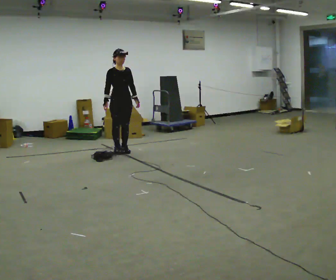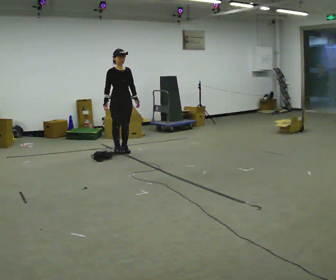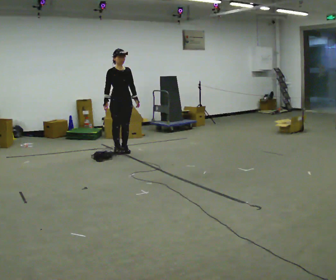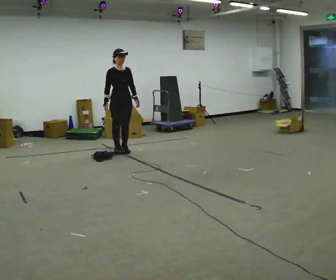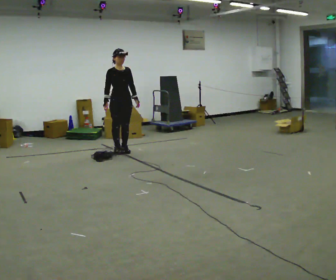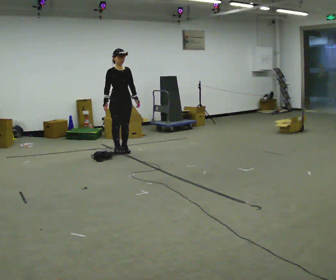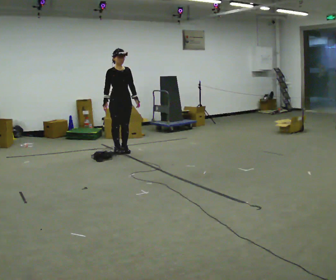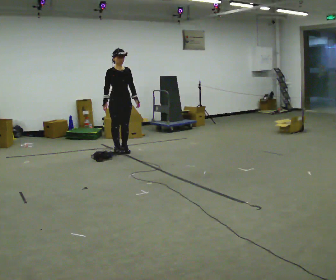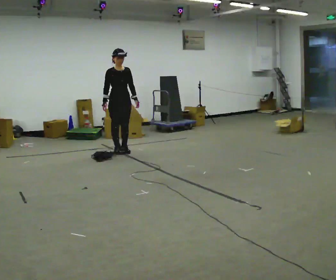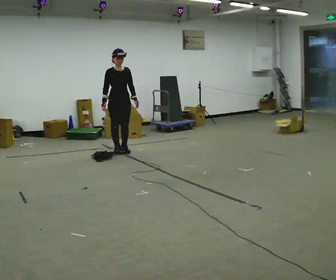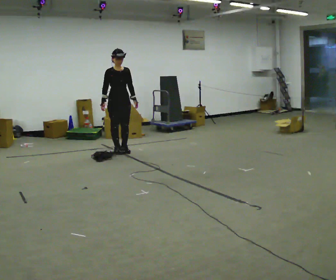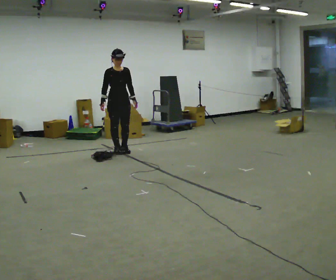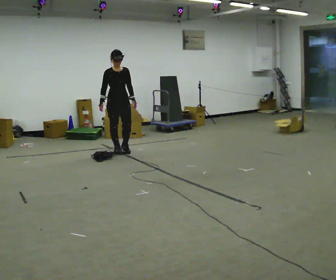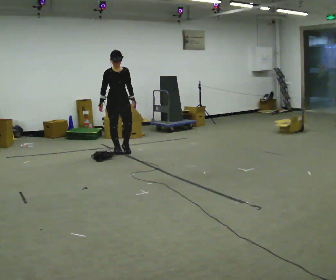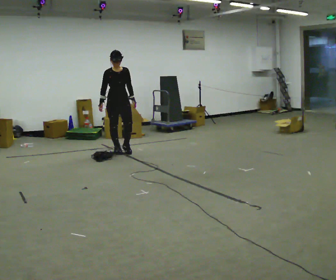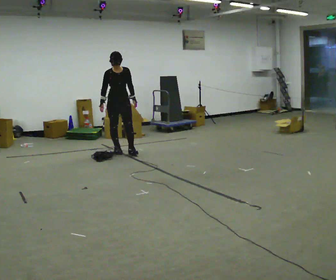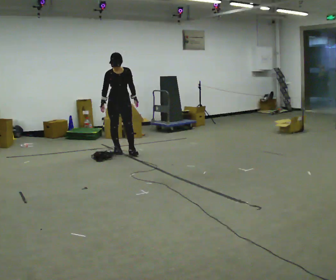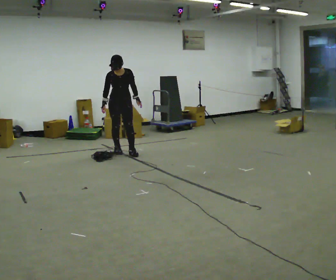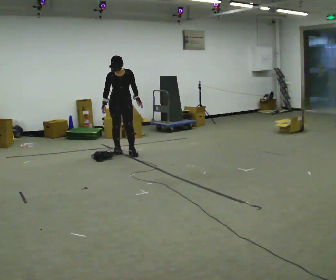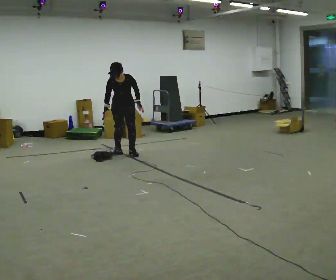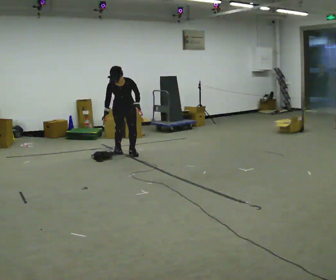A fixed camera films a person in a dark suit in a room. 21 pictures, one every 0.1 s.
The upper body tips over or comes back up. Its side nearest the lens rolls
downward.
0.0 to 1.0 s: The person moves a little, or ends about where they began.
1.0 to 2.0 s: The upper body goes downward. The upper body tips toward the camera, its near side rolling downward, as they bend forward.
The film runs forward here.
